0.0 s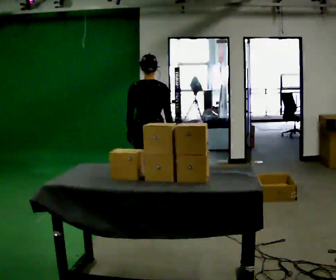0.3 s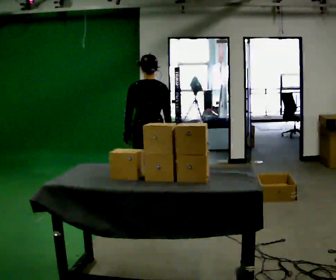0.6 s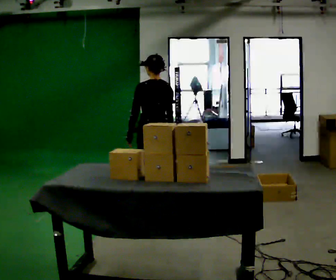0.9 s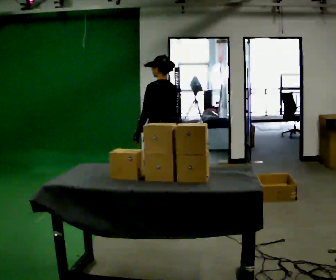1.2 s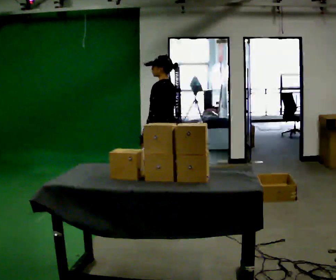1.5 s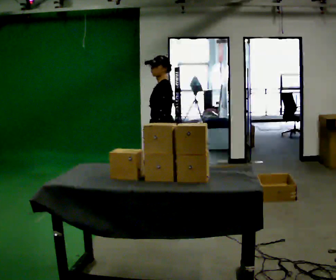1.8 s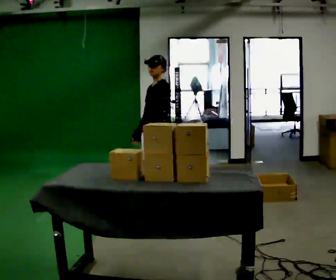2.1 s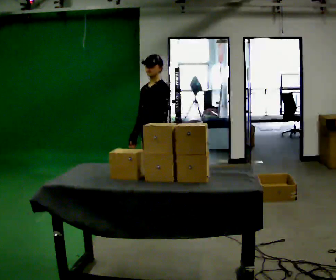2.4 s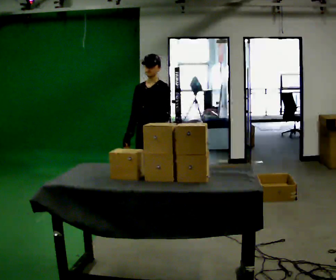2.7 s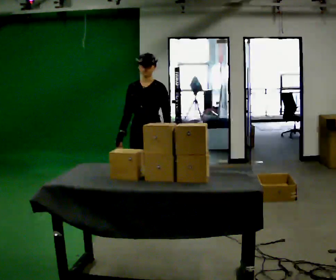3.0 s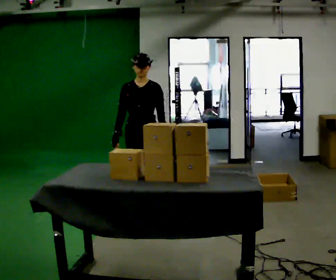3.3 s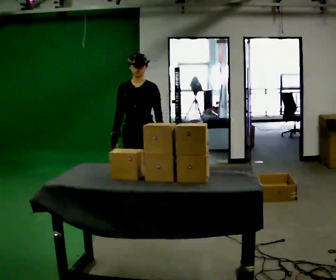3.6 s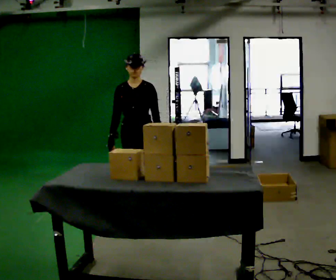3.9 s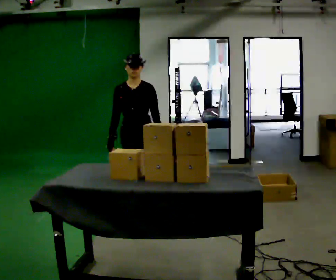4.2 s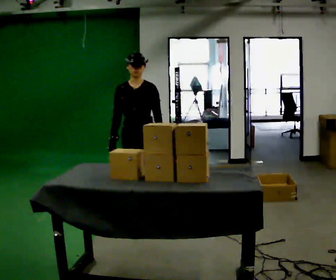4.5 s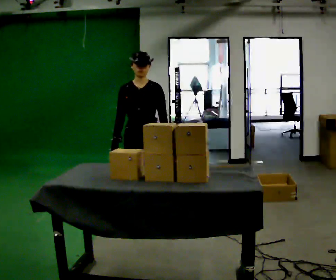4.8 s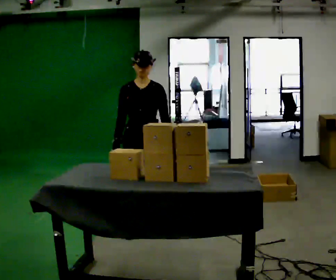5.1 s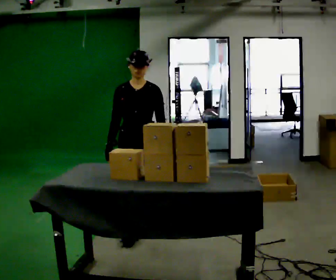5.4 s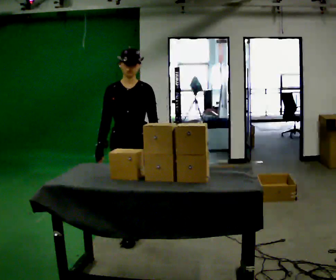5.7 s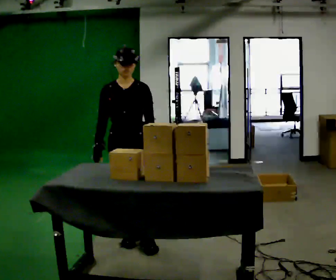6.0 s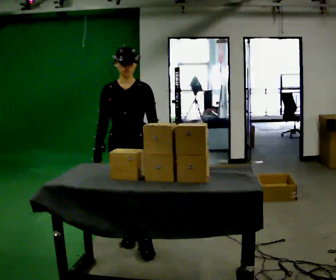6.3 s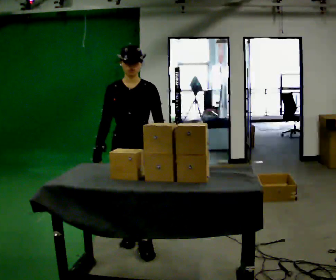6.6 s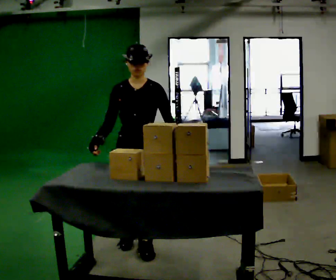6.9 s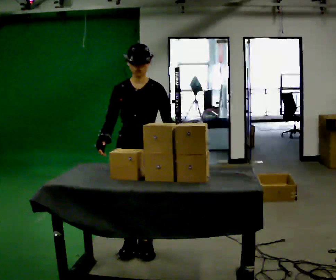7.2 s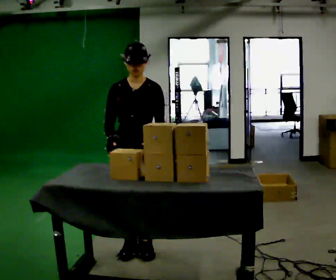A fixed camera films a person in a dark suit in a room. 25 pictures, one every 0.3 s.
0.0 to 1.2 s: The person turns about 75 degrees to their left, counterclockwise seen from above, so the part of the body nearest the lens slides to the right. In the picture they go to the right, about 0.25 m in 1 step.
1.2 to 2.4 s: The part of the body nearest the lens slides to the right as the person turns to their left by about 75 degrees. In the picture they go toward the camera, about 0.25 m. In the picture their right hand goes to the left.
2.4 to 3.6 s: The part of the body nearest the lens slides to the right as the person turns to their left by about 30 degrees. In the picture they go to the left, about 0.25 m in 1 step, which for them is to their right.
3.6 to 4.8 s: In the picture they go toward the camera, about 0.5 m in 1 step, which for them is forward.
4.8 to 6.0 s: In the picture they go toward the camera, about 0.5 m in 2 steps, which for them is forward.
6.0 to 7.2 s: In the picture they go toward the camera, about 0.25 m in 1 step, which for them is forward.
The film runs forward here.
